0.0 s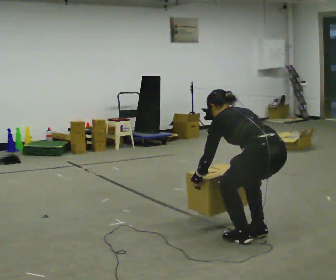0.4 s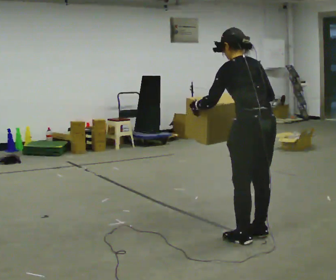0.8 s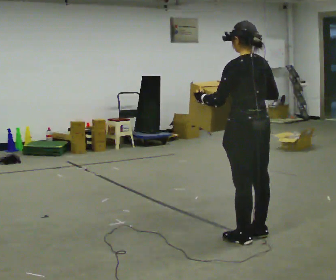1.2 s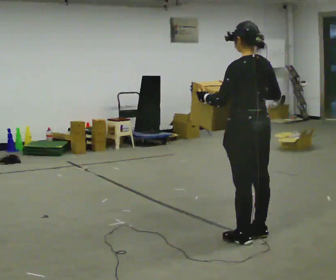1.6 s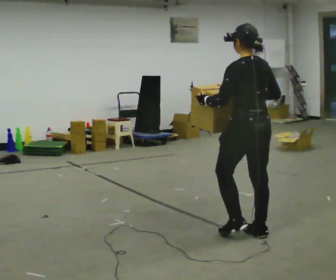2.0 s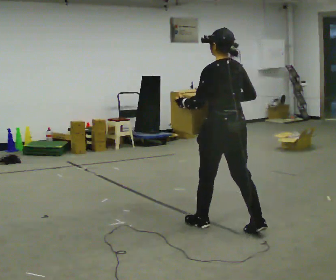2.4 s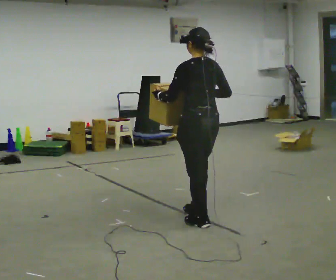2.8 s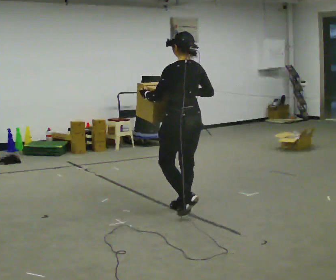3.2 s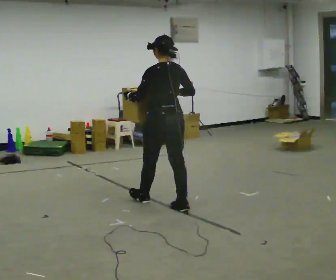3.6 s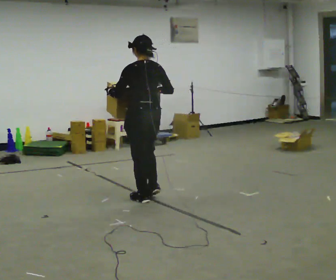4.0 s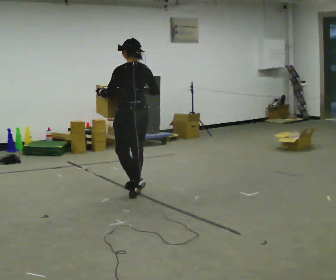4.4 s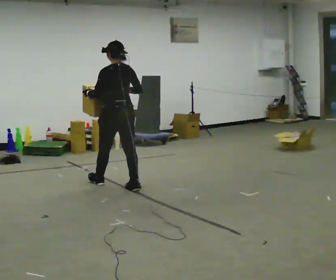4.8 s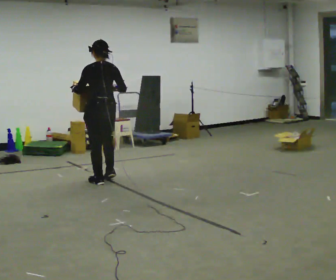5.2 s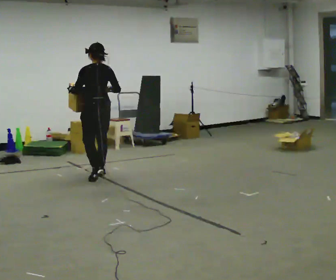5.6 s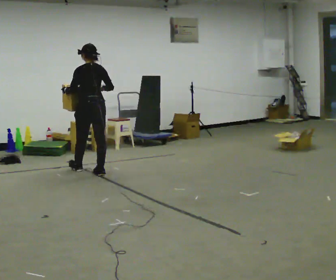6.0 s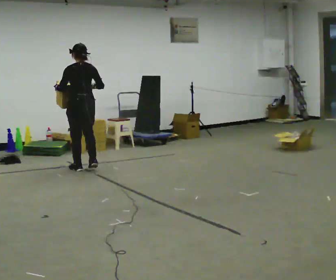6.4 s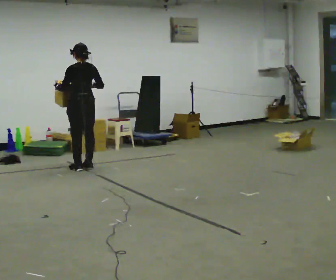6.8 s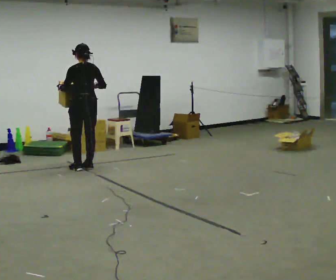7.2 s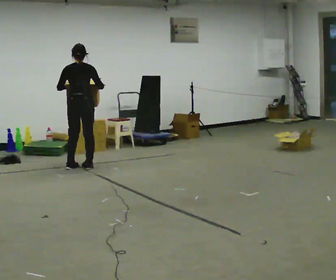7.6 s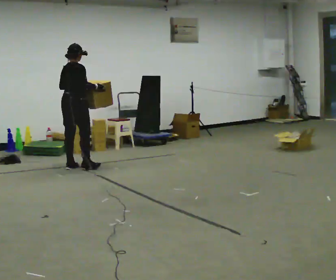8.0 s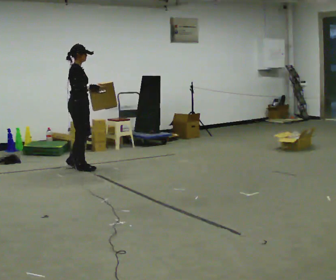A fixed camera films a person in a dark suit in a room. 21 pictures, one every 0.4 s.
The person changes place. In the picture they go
away from the camera.
0.0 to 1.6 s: In the picture they go away from the camera, about 0.25 m, which for them is forward. The upper body goes upward. The upper body tips toward the camera, its near side rolling downward, as they lean back or straighten. In the picture their right hand goes upward.
1.6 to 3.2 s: In the picture they go away from the camera and to the left, about 1 m in 2 steps, which for them is forward.
3.2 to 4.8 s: In the picture they go away from the camera and to the left, about 1 m in 3 steps, which for them is forward.
4.8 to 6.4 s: In the picture they go away from the camera, about 1 m in 3 steps, which for them is forward.
6.4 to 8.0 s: Seen from above the body turns clockwise, about 120 degrees: to their right, with its near side sliding to the left.
The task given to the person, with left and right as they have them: Carry the heavy box in both hands in front of you, walking back and forth across the room. Keep walking until the operator says stop. Set it down if you need a rest.
The film runs forward here.
